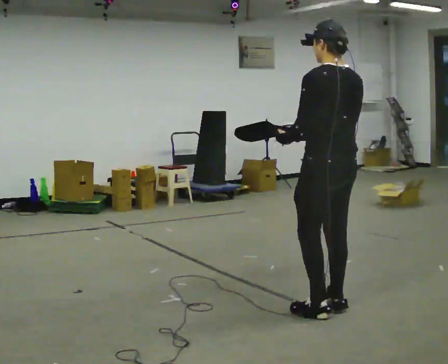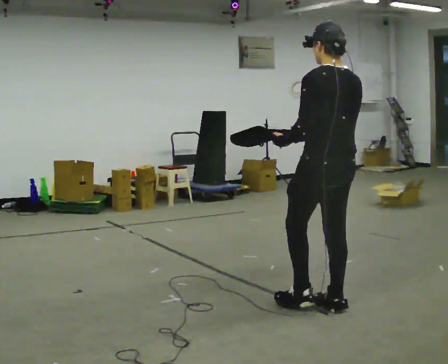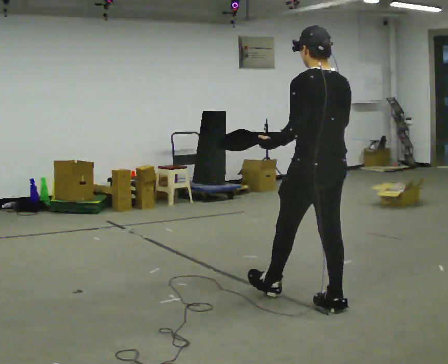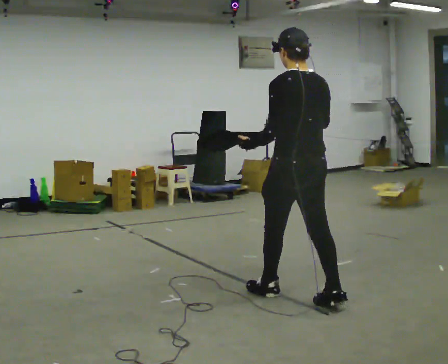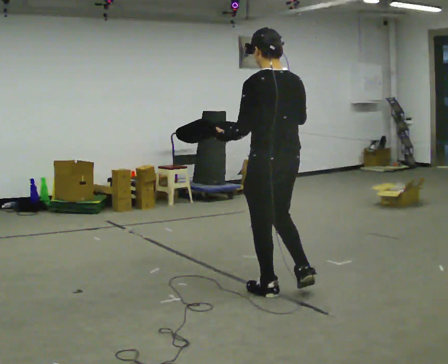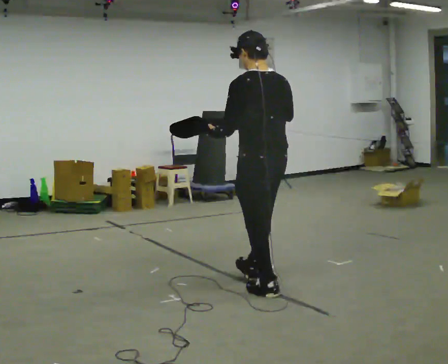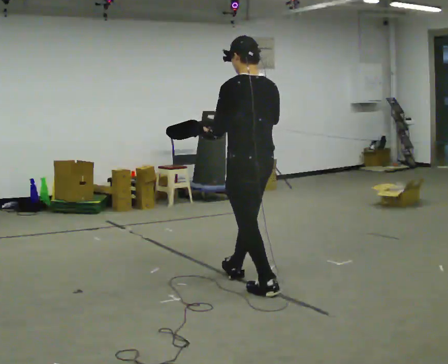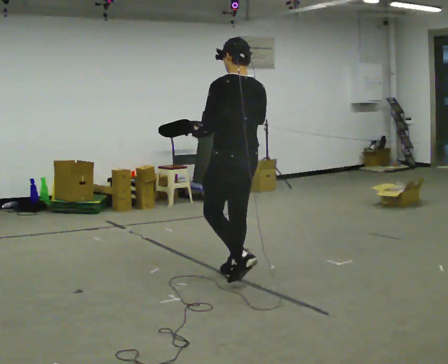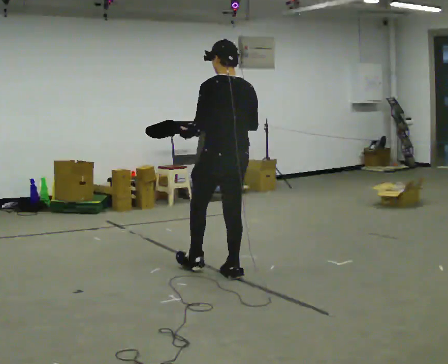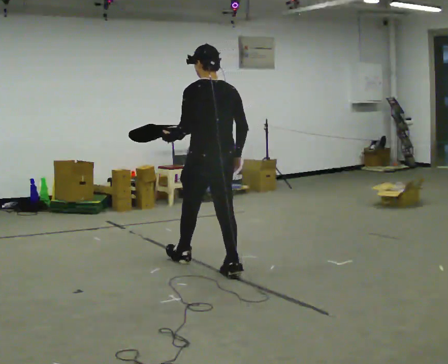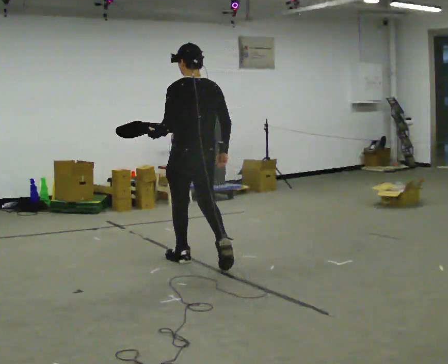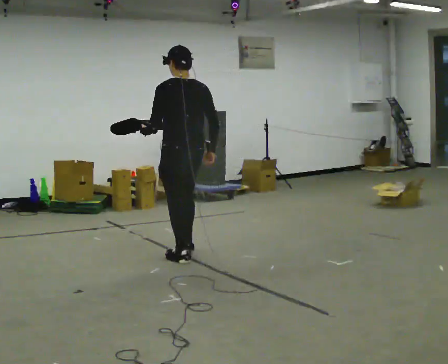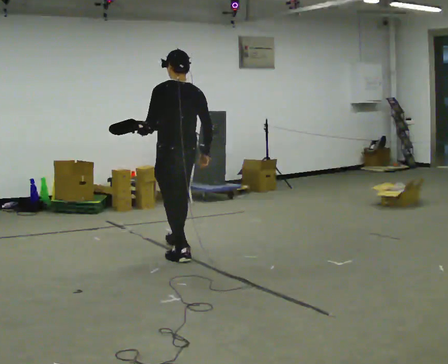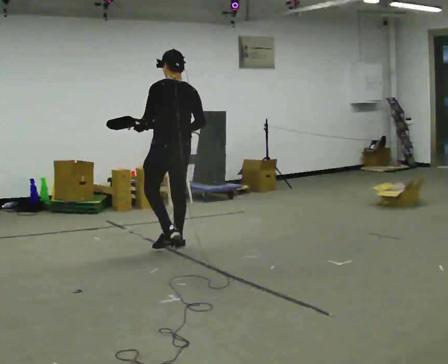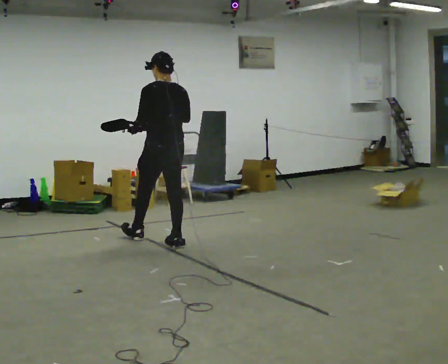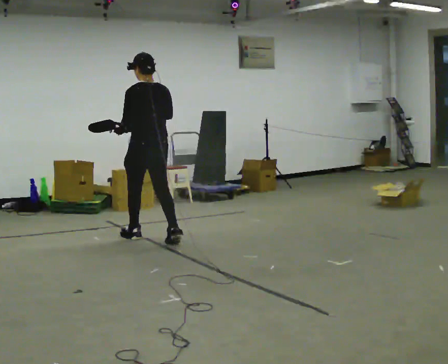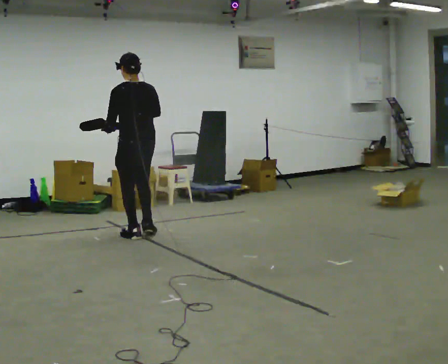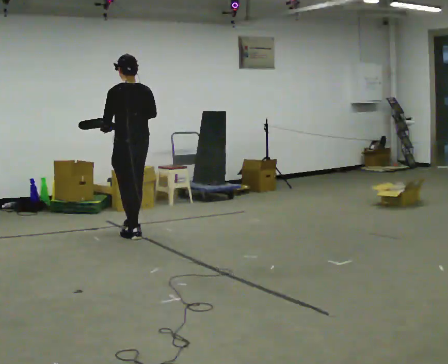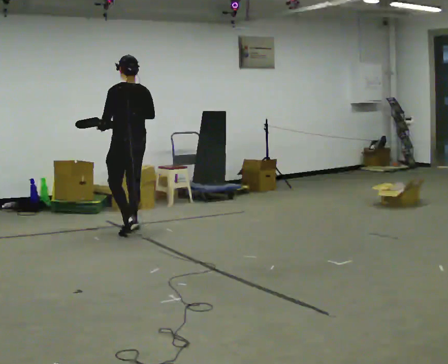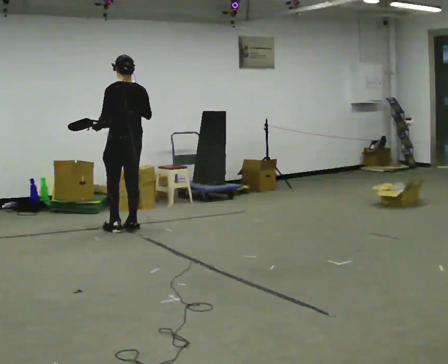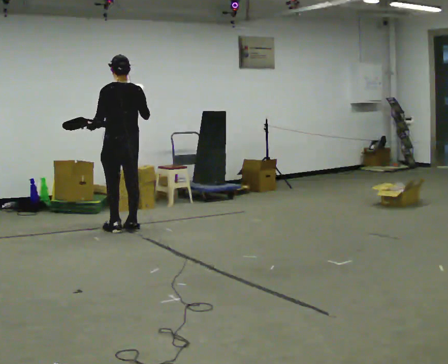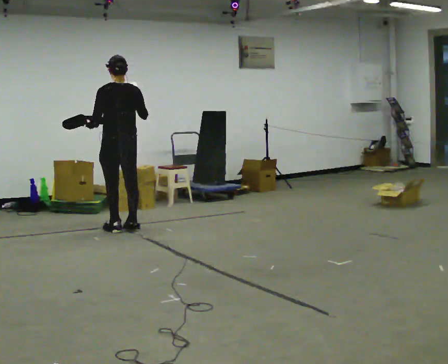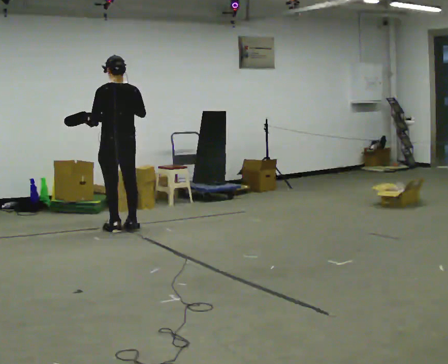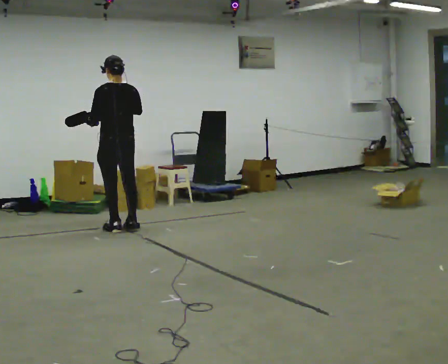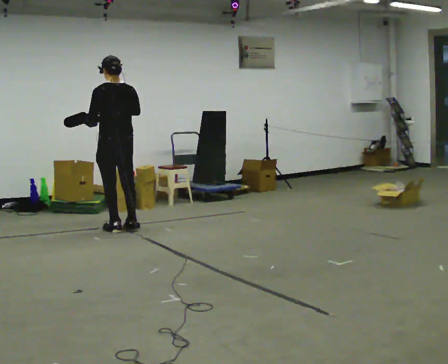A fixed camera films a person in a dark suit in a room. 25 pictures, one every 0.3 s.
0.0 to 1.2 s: In the picture they go away from the camera and to the left, about 0.5 m in 1 step, which for them is forward.
1.2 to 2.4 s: In the picture they go away from the camera and to the left, about 0.75 m in 1 step, which for them is forward.
2.4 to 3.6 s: In the picture they go away from the camera and to the left, about 1 m in 2 steps, which for them is forward.
3.6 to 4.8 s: In the picture they go away from the camera and to the left, about 0.5 m in 1 step, which for them is forward.
4.8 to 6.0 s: In the picture they go away from the camera and to the left, about 0.5 m in 2 steps, which for them is forward.
6.0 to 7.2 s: The person moves a little, or ends about where they began.
The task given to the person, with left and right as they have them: Carry the open container and, while walking, reach in with one hand and take an item out, then put it back. Repeat as you walk. Do not stop.
The film runs forward here.
